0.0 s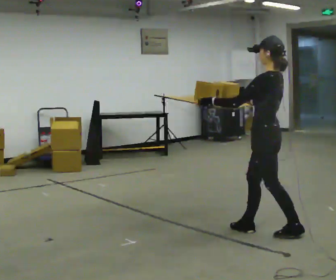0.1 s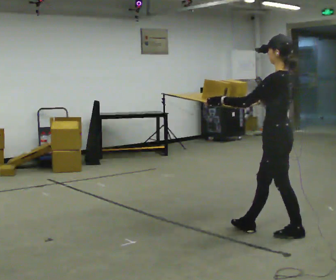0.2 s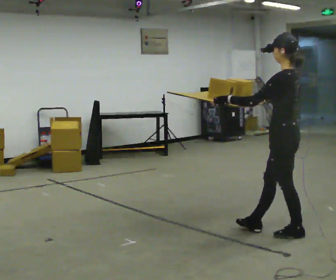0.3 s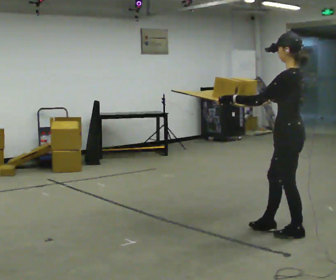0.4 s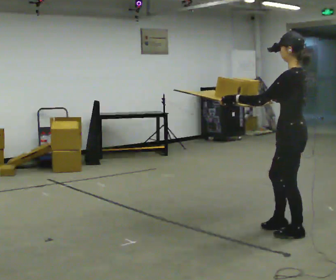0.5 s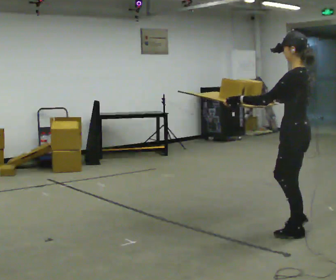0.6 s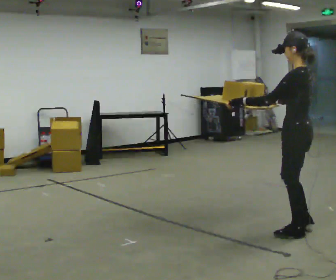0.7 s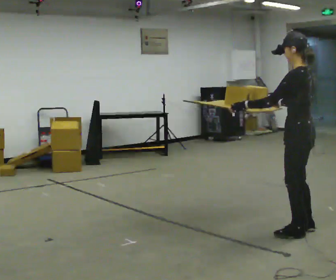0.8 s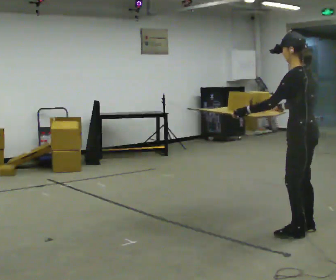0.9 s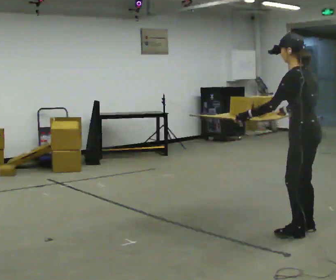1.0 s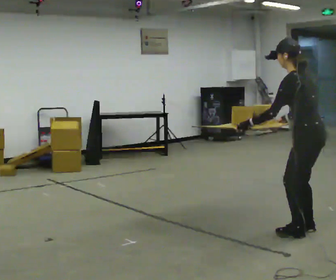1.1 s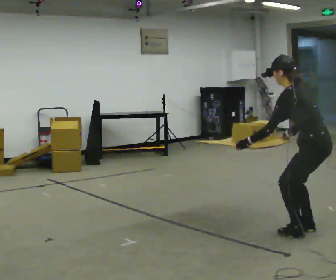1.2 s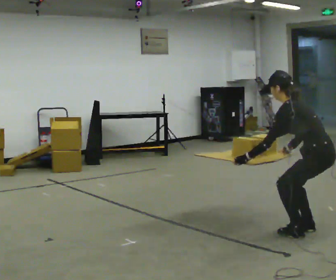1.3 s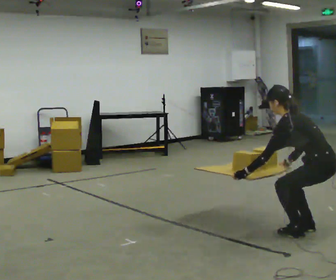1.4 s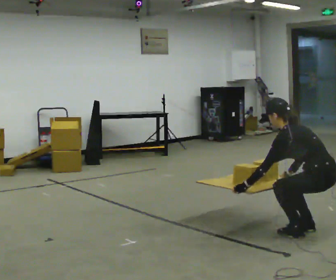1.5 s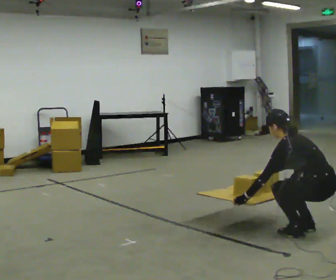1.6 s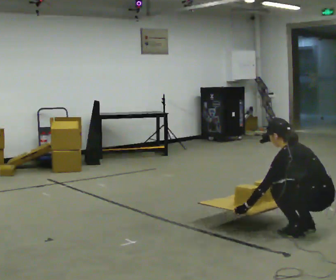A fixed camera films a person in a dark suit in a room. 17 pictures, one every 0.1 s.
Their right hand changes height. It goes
downward.
Their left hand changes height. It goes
downward.
0.0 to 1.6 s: In the picture they go to the right, about 0.5 m in 1 step, which for them is backward. The shoulders move downward. In the picture the upper body tilts counterclockwise, shoulders to the left, as they bend forward. In the picture their right hand goes downward.
The film runs backward here.
